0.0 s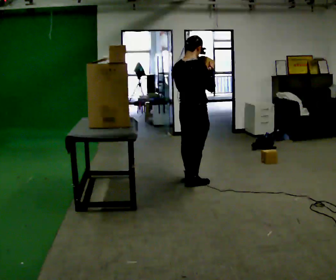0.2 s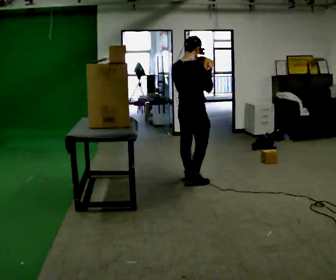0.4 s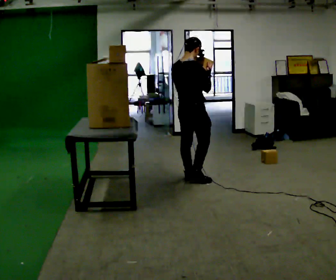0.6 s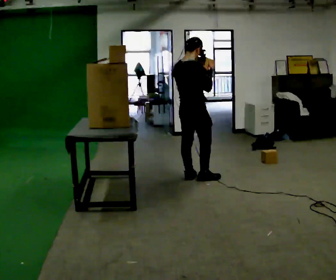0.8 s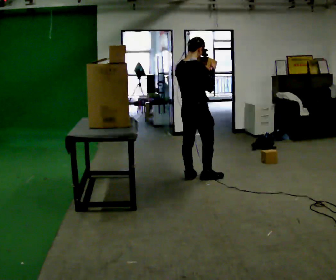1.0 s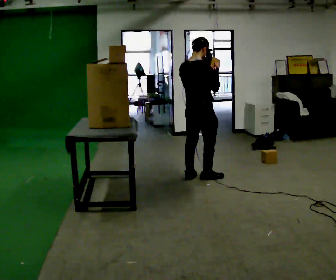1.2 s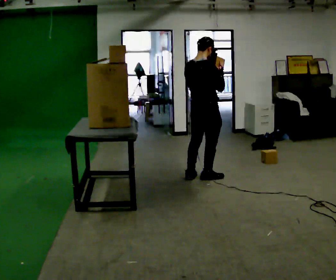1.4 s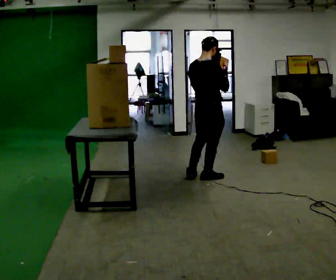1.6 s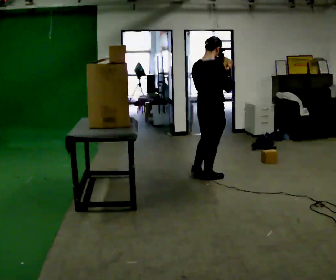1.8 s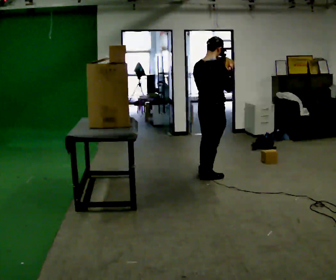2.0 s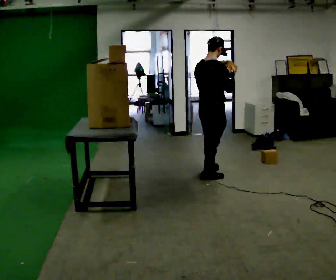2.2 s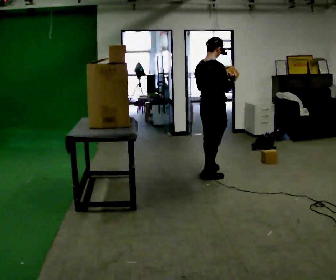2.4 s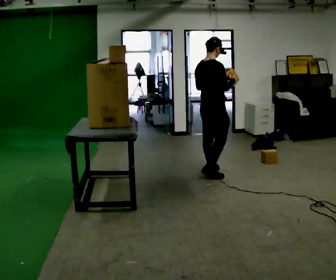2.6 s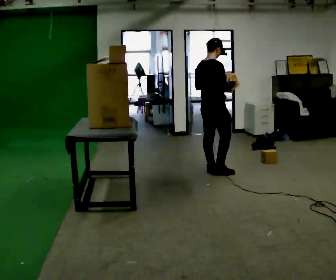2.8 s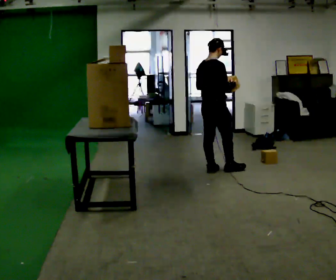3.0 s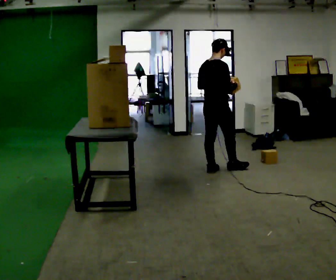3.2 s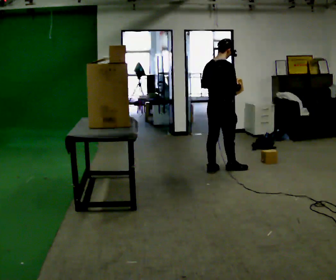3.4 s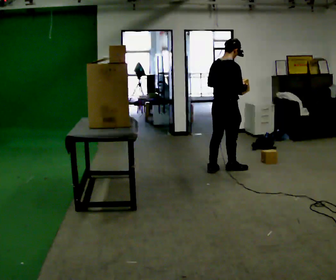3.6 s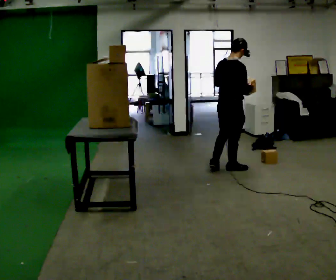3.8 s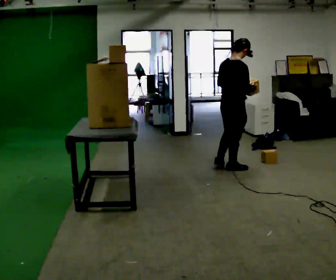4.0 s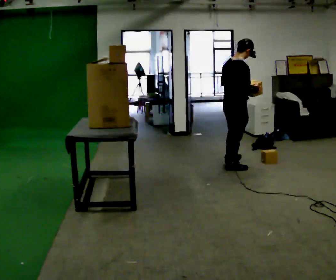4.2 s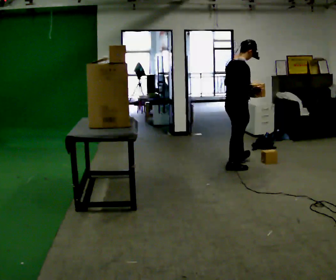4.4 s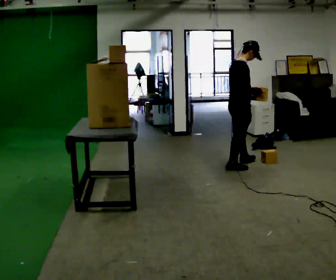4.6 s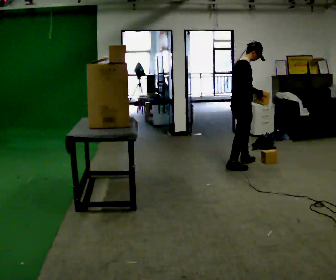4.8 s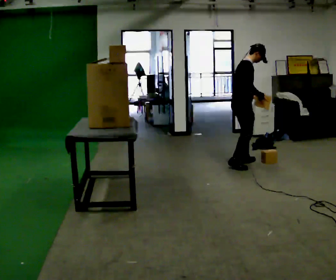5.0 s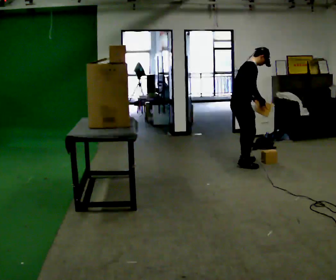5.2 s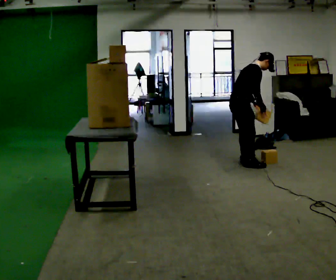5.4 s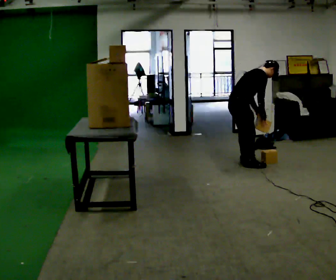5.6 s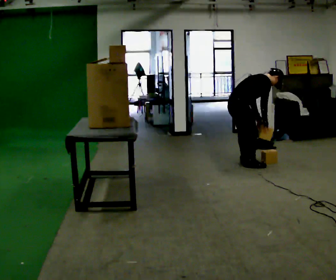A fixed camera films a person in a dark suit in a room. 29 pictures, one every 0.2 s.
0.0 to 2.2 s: In the picture they go away from the camera and to the right, about 0.25 m in 2 steps, which for them is forward.
2.2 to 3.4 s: In the picture they go to the right and away from the camera, about 0.25 m in 1 step, which for them is forward.
3.4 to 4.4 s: The person turns about 30 degrees to their right, clockwise seen from above, so the part of the body nearest the lens slides to the left. In the picture they go to the right, about 0.25 m in 1 step, which for them is forward.
4.4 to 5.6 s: The shoulders move downward. In the picture the upper body tilts clockwise, shoulders to the right, as they bend forward. In the picture their right hand goes downward.
The film runs forward here.
